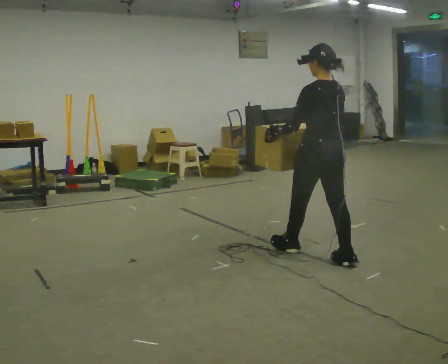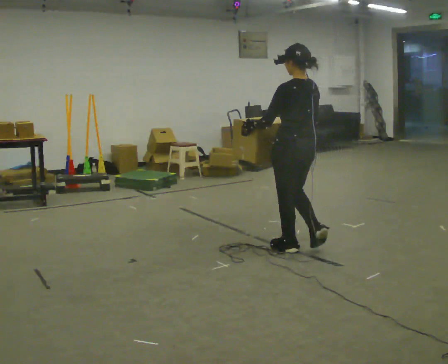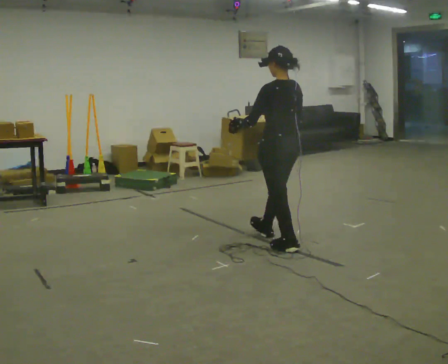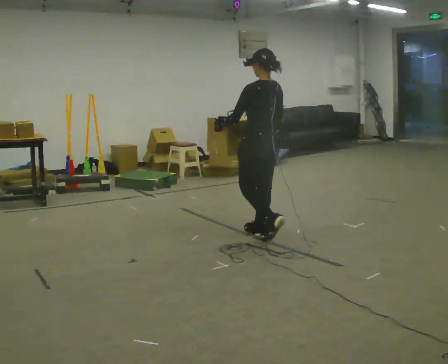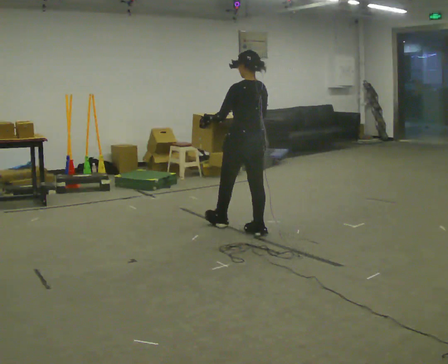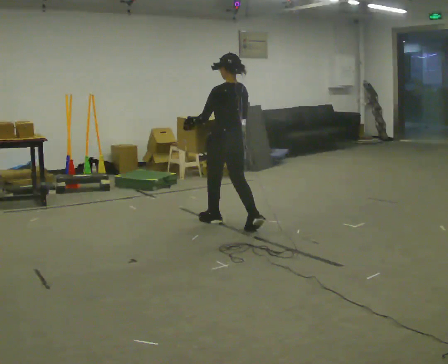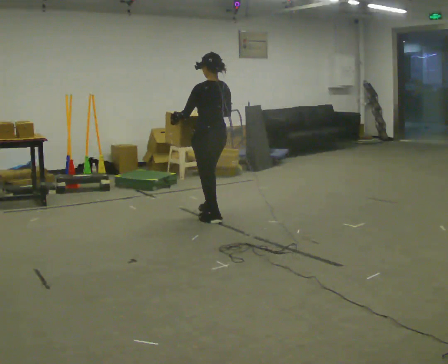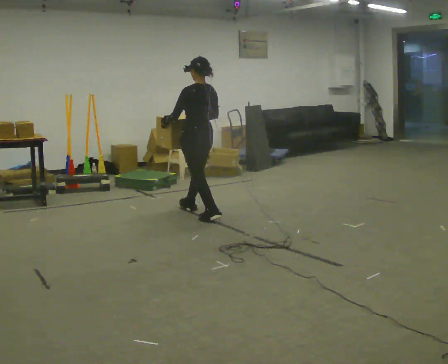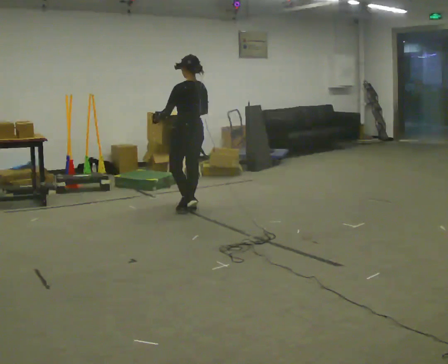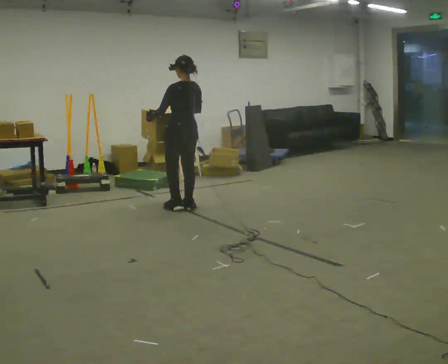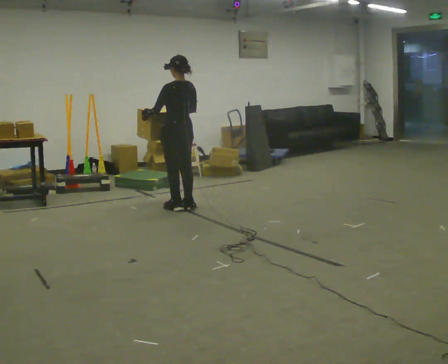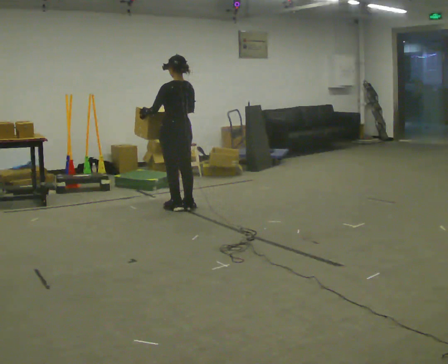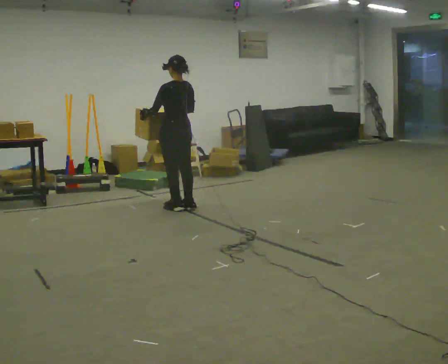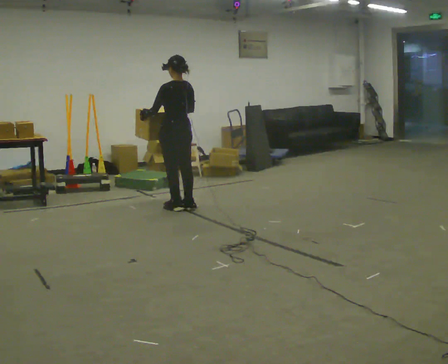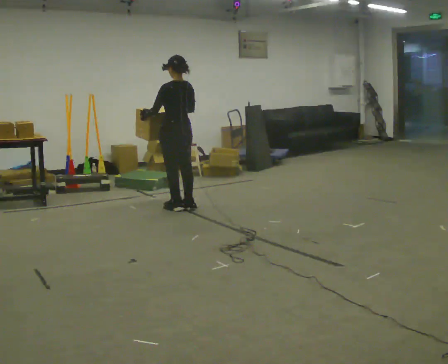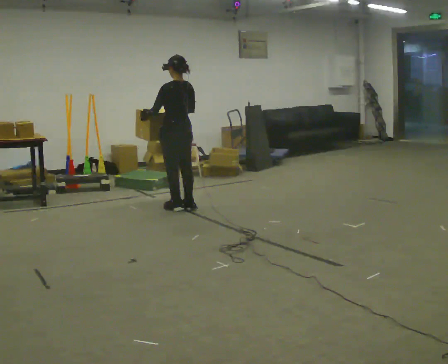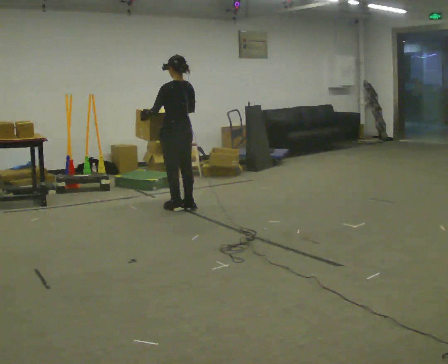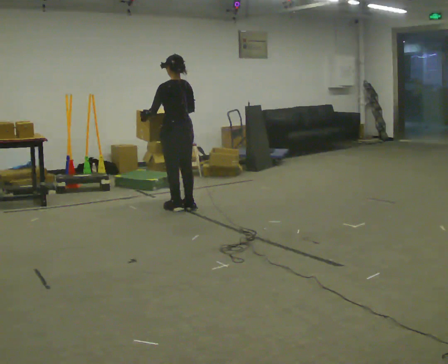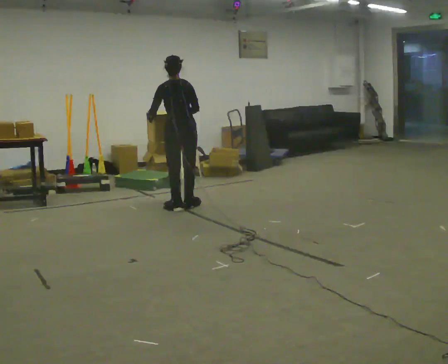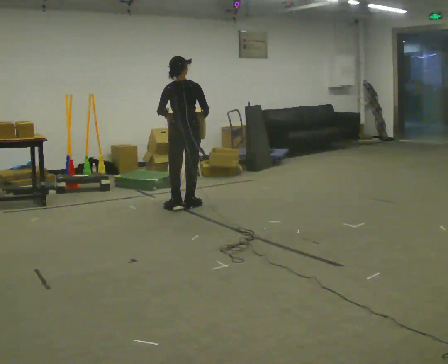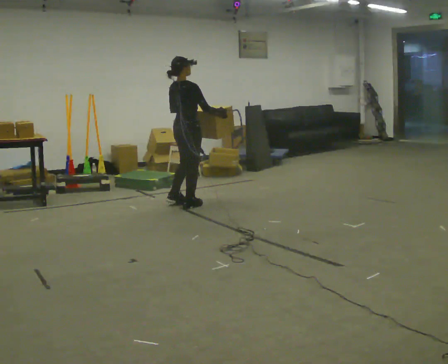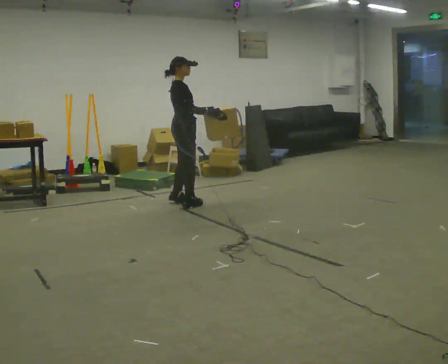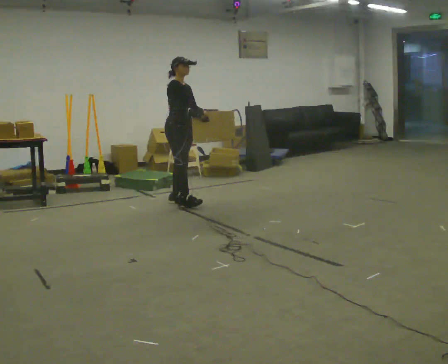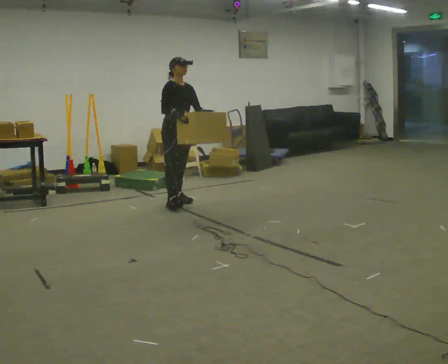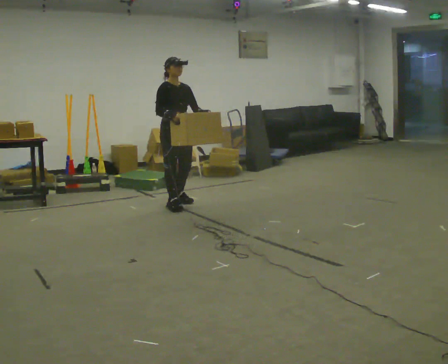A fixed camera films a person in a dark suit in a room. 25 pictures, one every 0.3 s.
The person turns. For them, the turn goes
to their right.
The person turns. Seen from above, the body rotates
clockwise.
0.0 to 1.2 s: In the picture they go away from the camera and to the left, about 1 m in 1 step, which for them is forward.
1.2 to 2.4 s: In the picture they go away from the camera and to the left, about 1 m in 2 steps, which for them is forward.
2.4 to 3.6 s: The person moves a little, or ends about where they began.
3.6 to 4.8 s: The person keeps their place and pose.
4.8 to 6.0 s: Seen from above the body turns clockwise, about 75 degrees: to their right, with its near side sliding to the left. In the picture their right hand goes to the right.
6.0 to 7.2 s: The part of the body nearest the lens slides to the left as the person turns to their right by about 90 degrees. In the picture their right hand goes to the left.
The film runs forward here.
